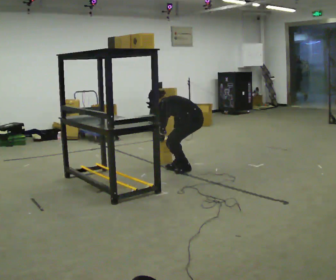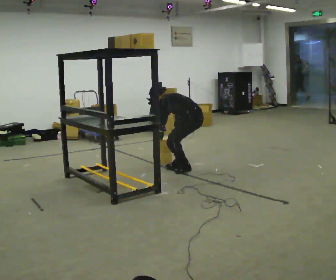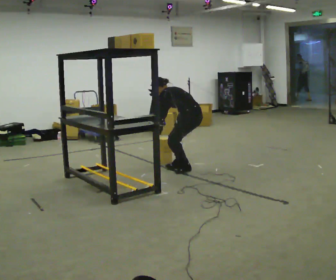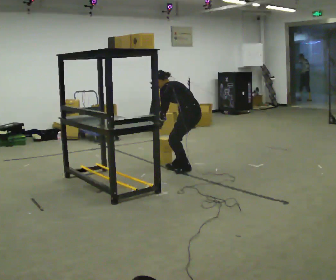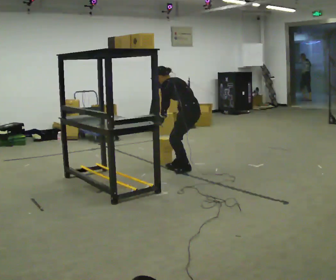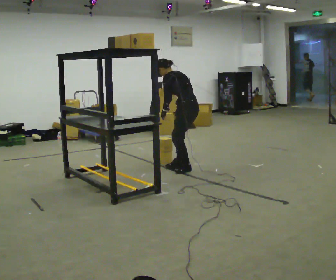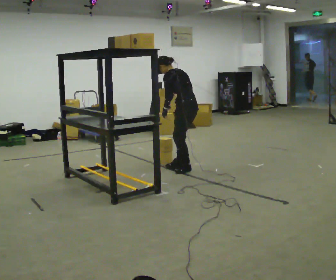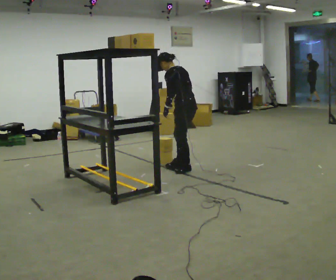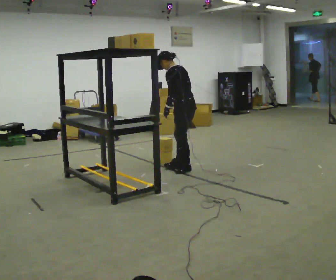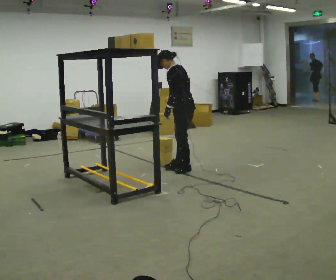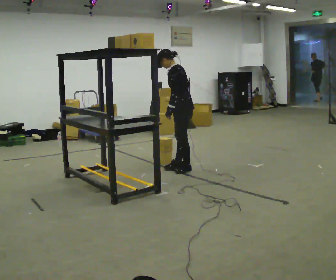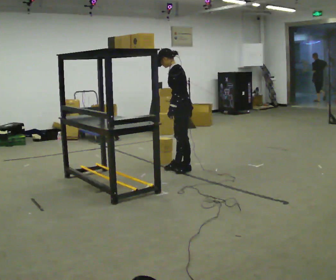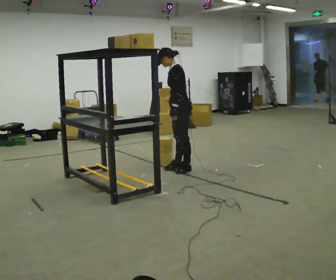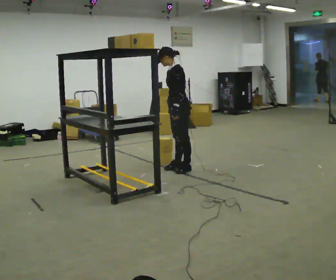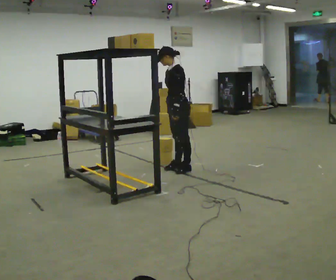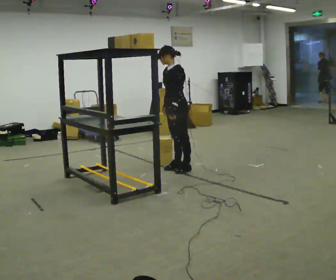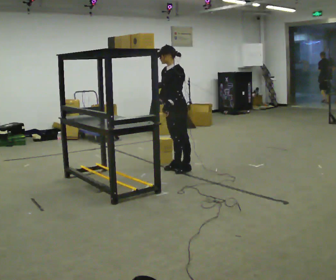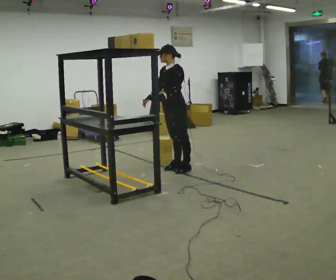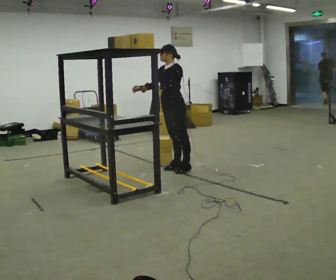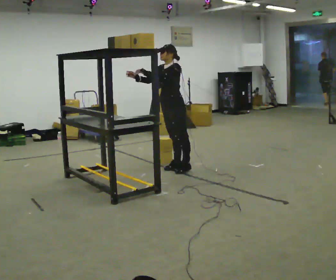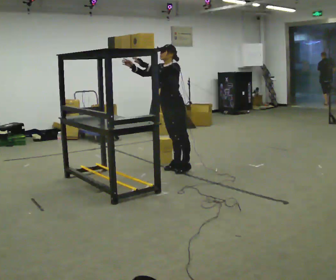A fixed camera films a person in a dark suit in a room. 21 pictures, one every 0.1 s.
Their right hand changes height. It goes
upward.
Their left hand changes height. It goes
upward.
0.0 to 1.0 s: The shoulders move upward. In the picture the upper body tilts clockwise, shoulders to the right, as they lean back or straighten. In the picture their left hand goes upward.
1.0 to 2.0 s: The part of the body nearest the lens slides to the right as the person turns to their left by about 45 degrees. In the picture they go to the left, about 0.25 m, which for them is to their right. In the picture their right hand goes to the left and upward, the arm swinging clockwise.
The film runs backward here.
